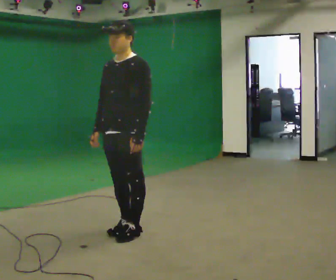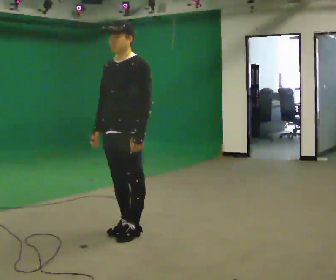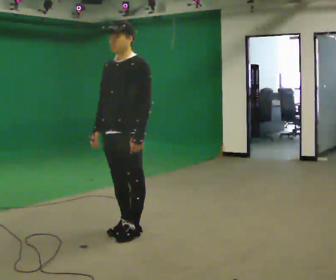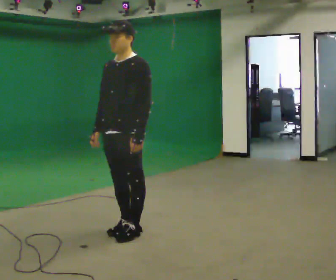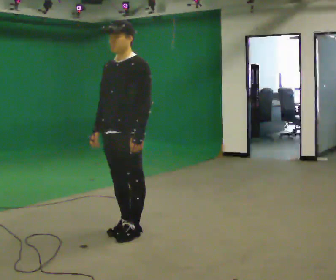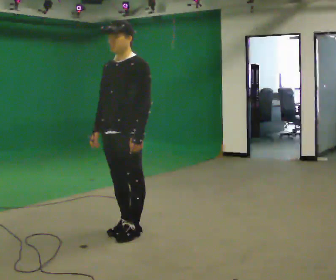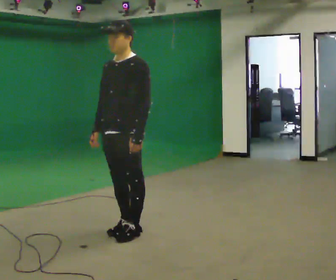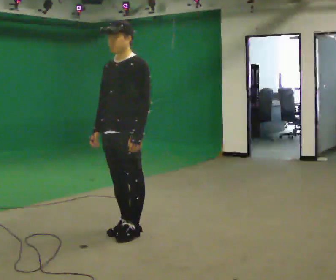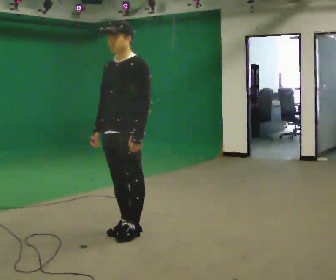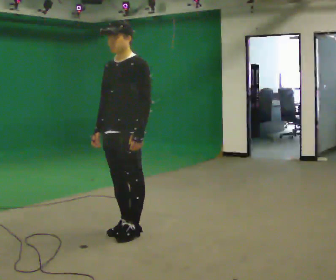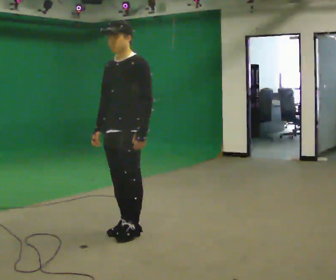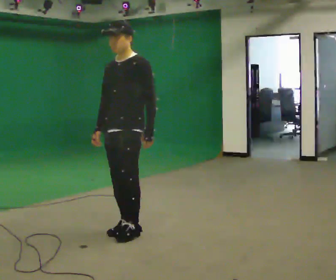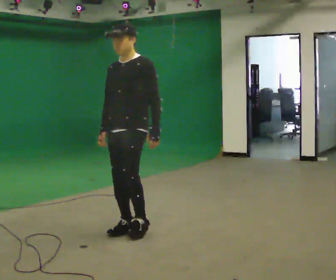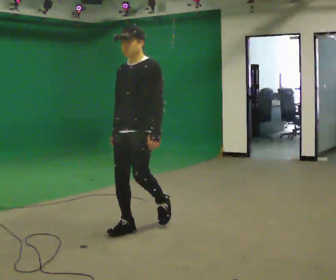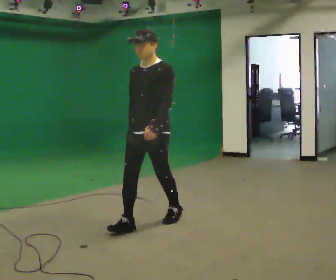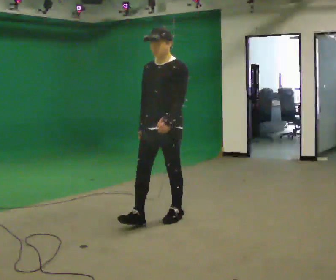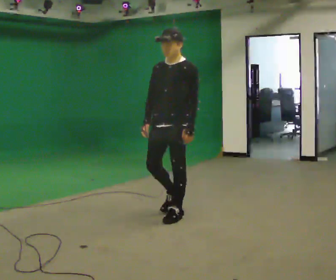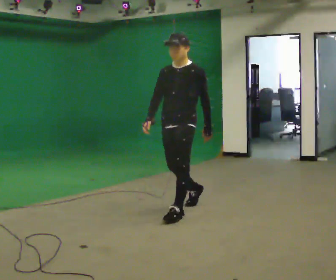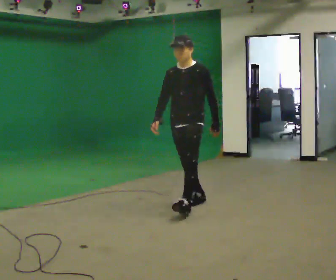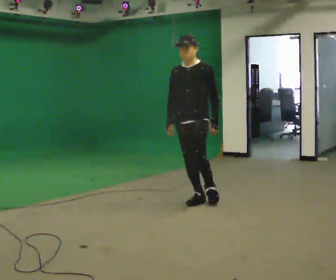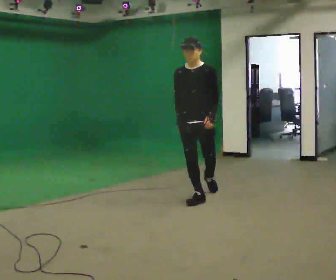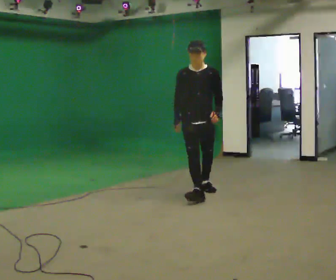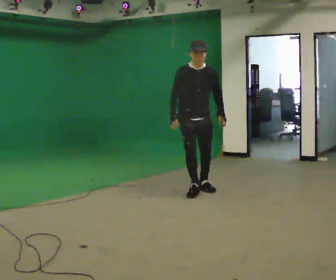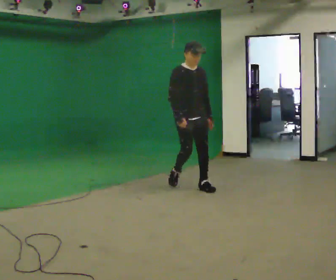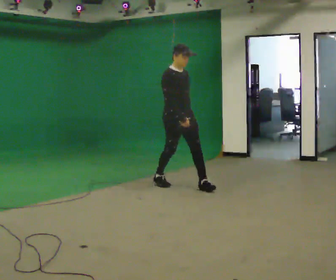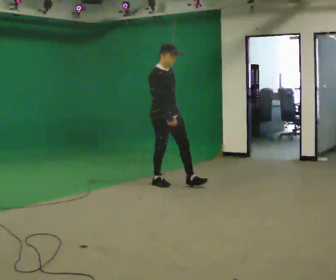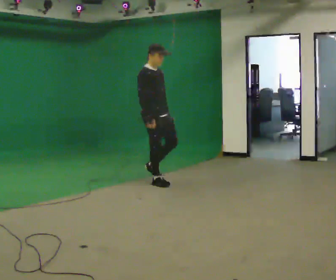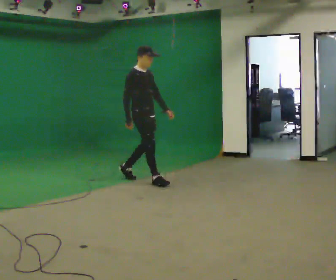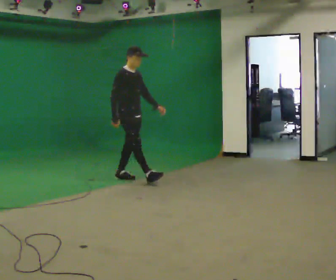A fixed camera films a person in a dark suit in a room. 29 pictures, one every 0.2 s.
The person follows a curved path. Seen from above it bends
counterclockwise.
The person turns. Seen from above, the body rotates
counterclockwise.
0.0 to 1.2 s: The person keeps their place and pose.
1.2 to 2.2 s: The person moves a little, or ends about where they began.
2.2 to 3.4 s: In the picture they go away from the camera and to the right, about 1 m in 2 steps, which for them is backward.
3.4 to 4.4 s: The part of the body nearest the lens slides to the right as the person turns to their left by about 45 degrees. In the picture they go away from the camera, about 1 m in 2 steps, which for them is backward.
4.4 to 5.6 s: The person turns about 45 degrees to their left, counterclockwise seen from above, so the part of the body nearest the lens slides to the right. In the picture they go to the left and away from the camera, about 1 m in 2 steps, which for them is backward.
The film runs backward here.
